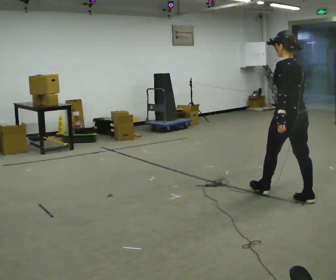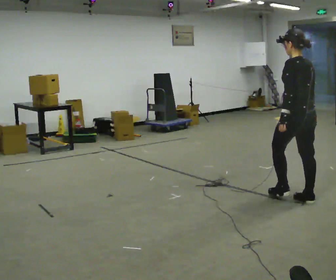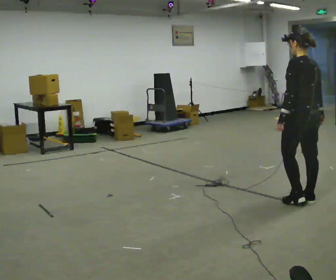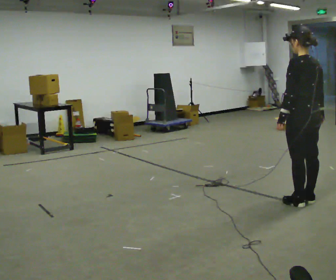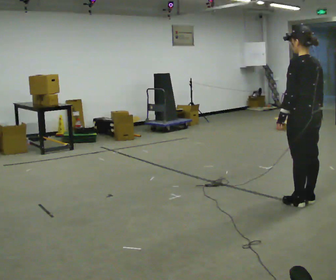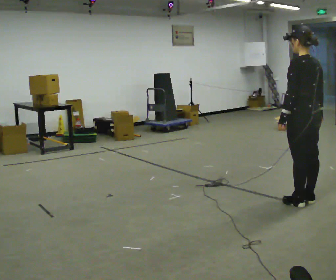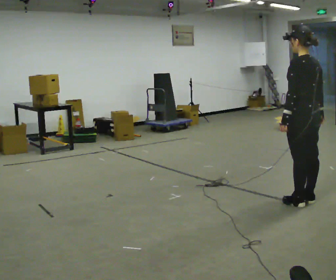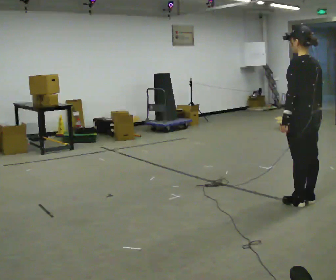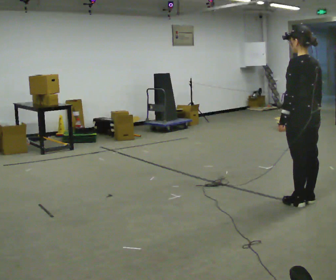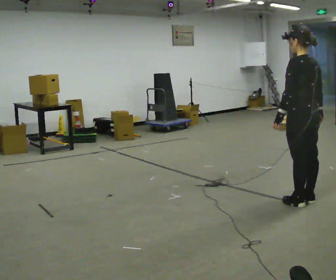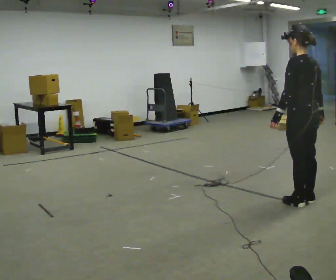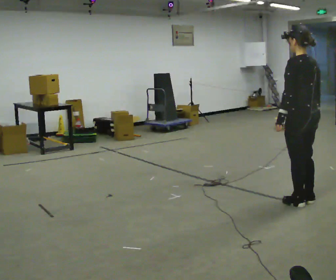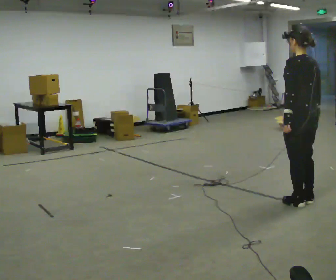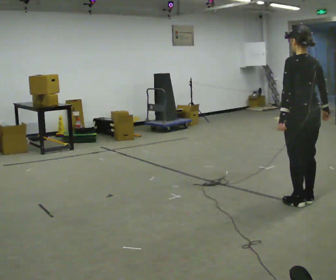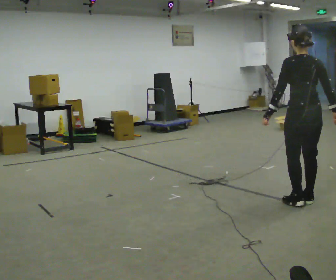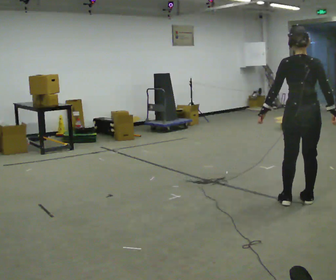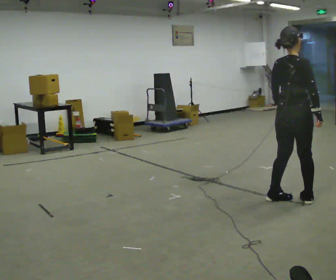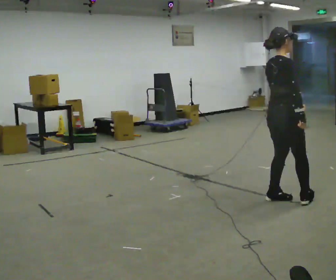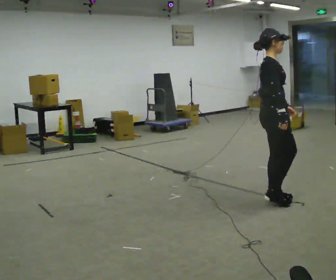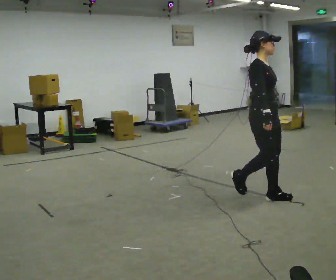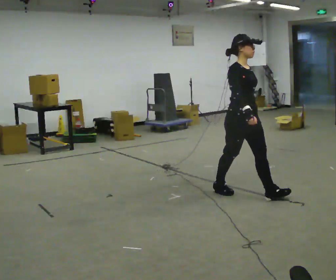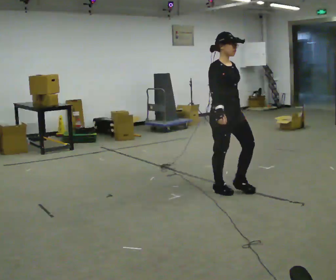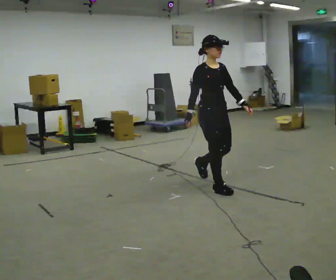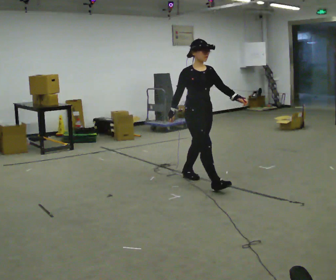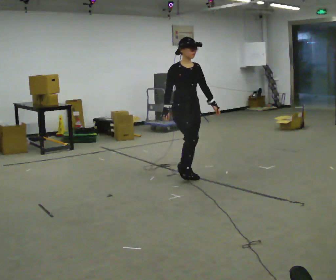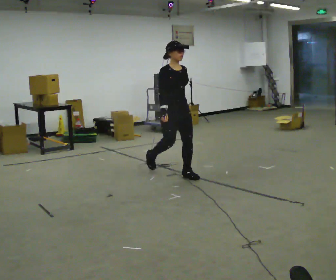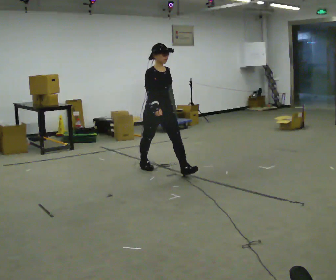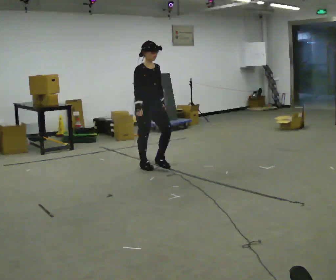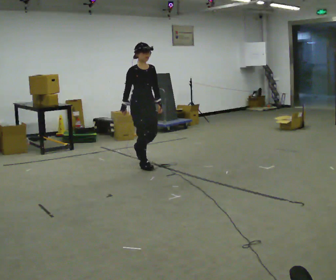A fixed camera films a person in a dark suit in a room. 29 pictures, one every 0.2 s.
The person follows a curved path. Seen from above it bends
clockwise.
The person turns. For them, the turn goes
to their right.
0.0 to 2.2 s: The person moves a little, or ends about where they began.
2.2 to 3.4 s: The person turns about 105 degrees to their right, clockwise seen from above, so the part of the body nearest the lens slides to the left. In the picture they go to the left, about 0.25 m in 2 steps.
3.4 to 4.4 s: The person turns about 75 degrees to their right, clockwise seen from above, so the part of the body nearest the lens slides to the left. In the picture they go to the left and away from the camera, about 1 m in 1 step.
4.4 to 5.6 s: In the picture they go to the left and away from the camera, about 1.5 m in 2 steps, which for them is backward.
The film runs backward here.
